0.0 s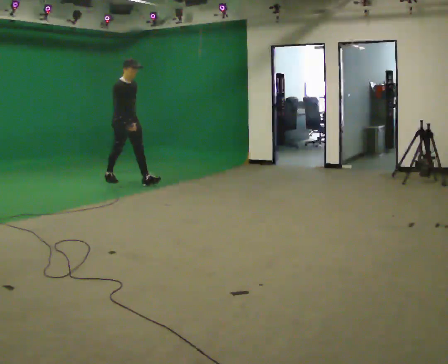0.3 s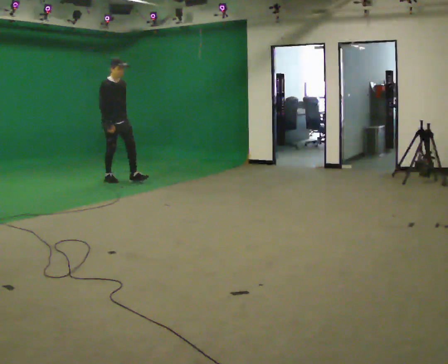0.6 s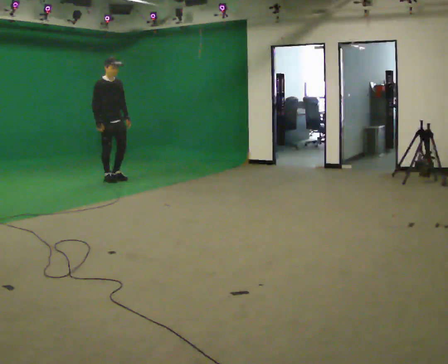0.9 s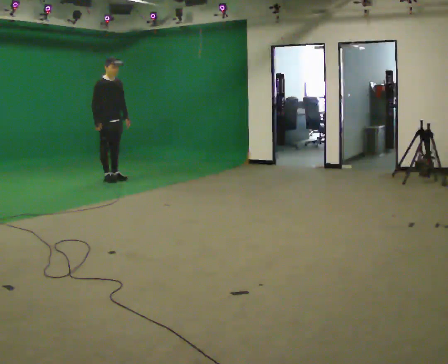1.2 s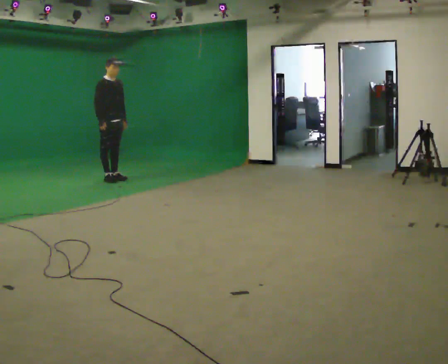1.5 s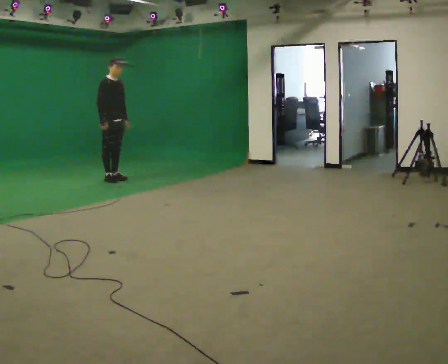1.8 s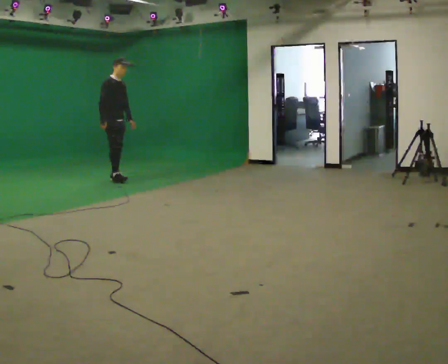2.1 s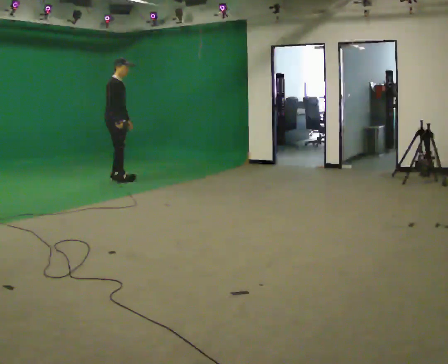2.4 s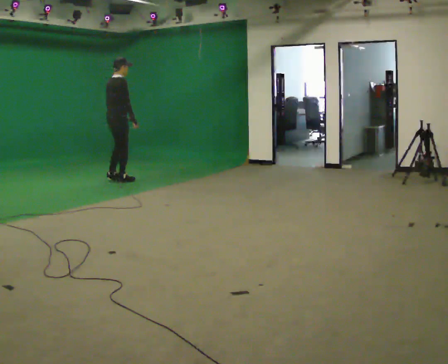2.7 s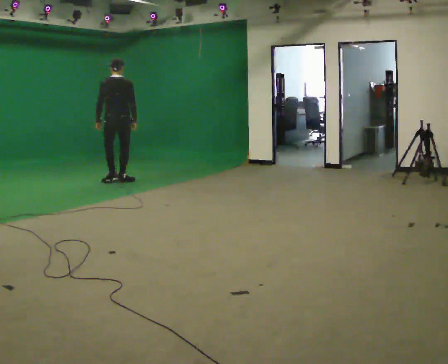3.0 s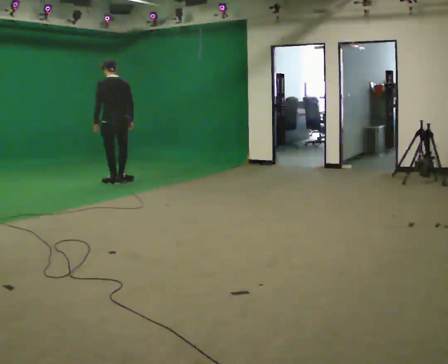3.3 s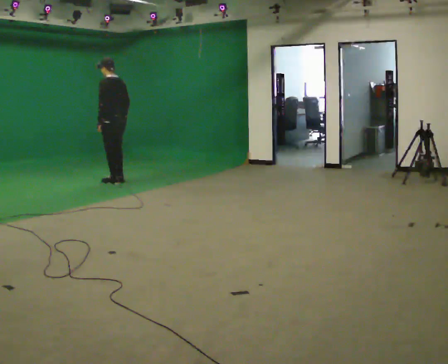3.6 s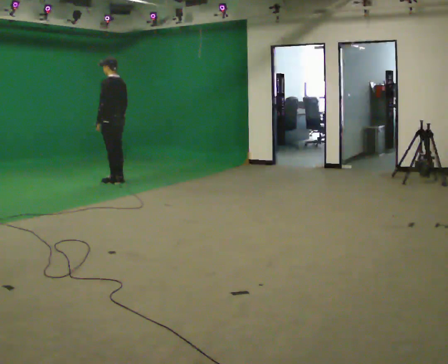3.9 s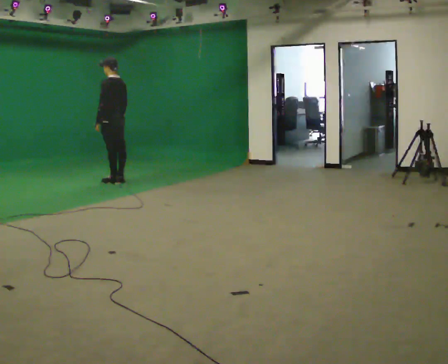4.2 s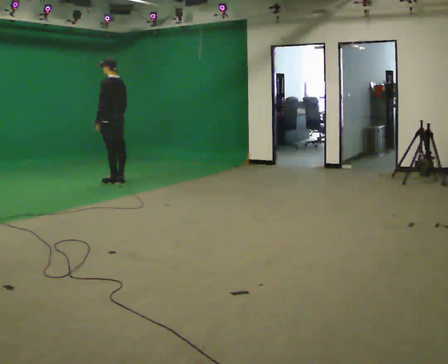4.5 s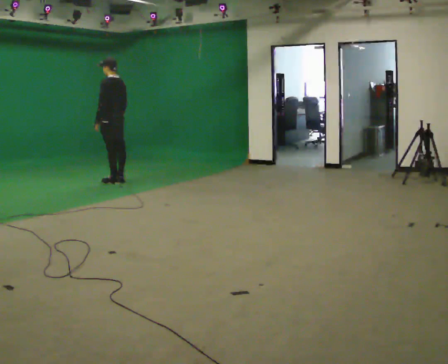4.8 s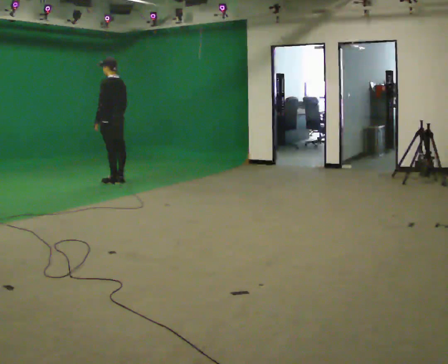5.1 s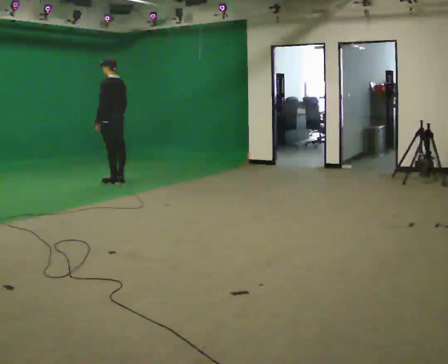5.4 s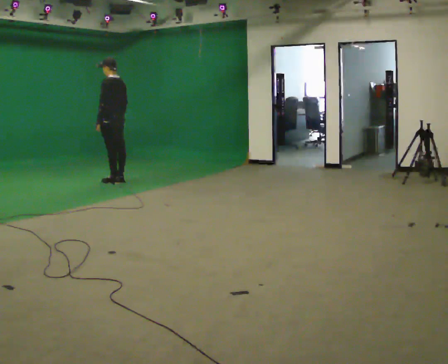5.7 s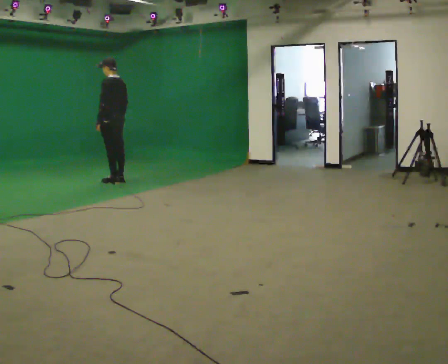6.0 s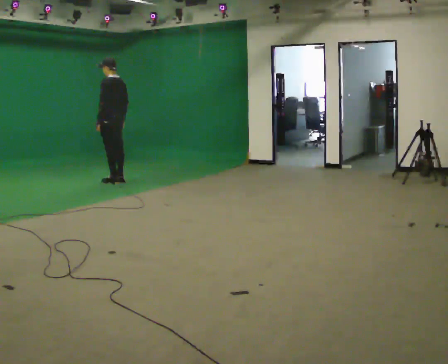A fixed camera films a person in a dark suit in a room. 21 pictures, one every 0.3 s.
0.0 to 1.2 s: In the picture they go away from the camera and to the left, about 0.5 m in 1 step, which for them is backward.
1.2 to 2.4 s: The part of the body nearest the lens slides to the right as the person turns to their left by about 75 degrees. In the picture they go toward the camera, about 0.25 m in 2 steps. In the picture their right hand goes to the right.
2.4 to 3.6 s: The part of the body nearest the lens slides to the right as the person turns to their left by about 120 degrees.
3.6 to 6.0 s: The person moves a little, or ends about where they began.
The film runs backward here.
